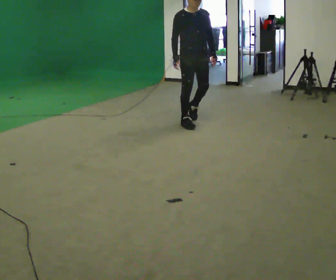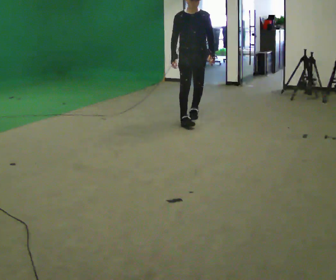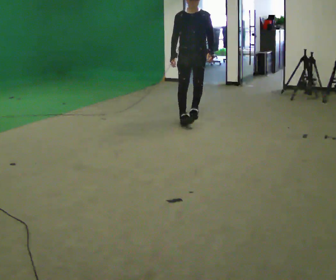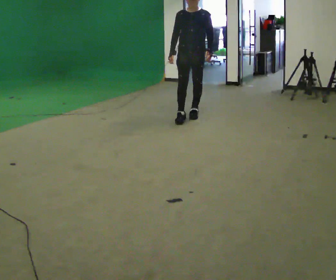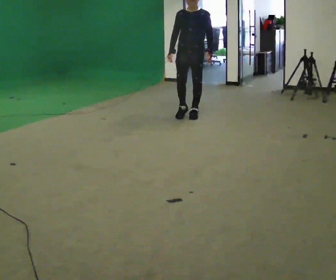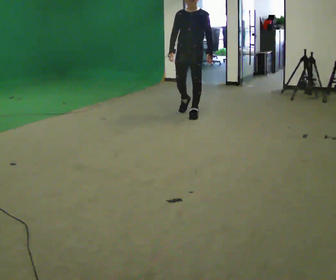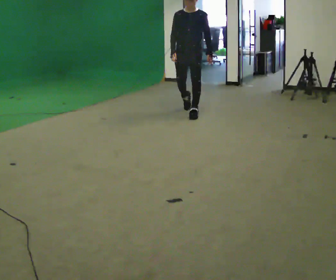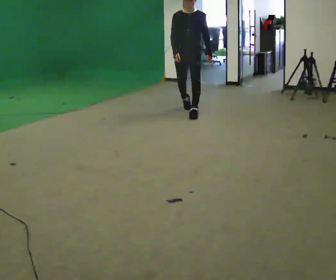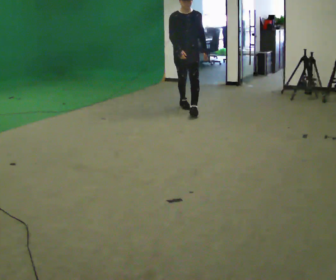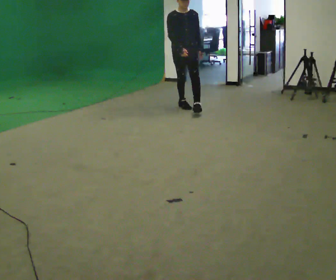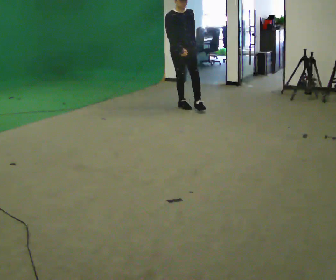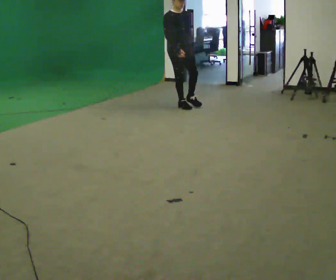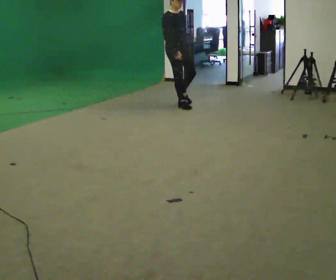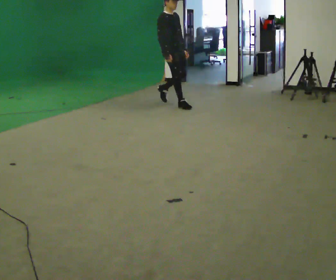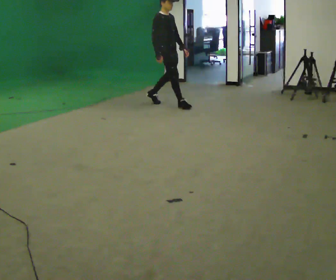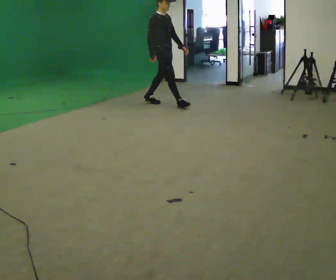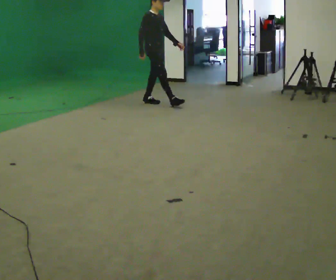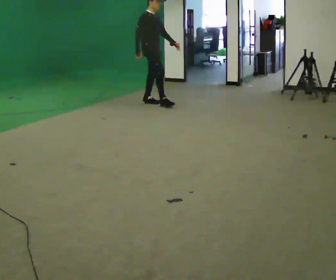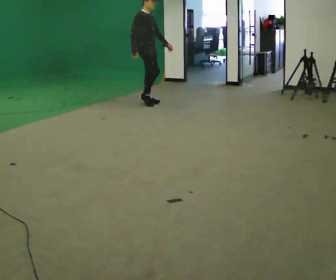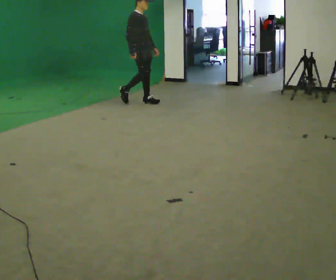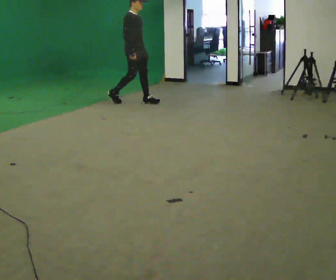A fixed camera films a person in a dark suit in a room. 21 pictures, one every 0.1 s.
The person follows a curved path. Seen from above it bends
counterclockwise.
0.0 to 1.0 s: In the picture they go away from the camera, about 1 m in 2 steps, which for them is backward and to their right.
1.0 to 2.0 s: The person turns about 45 degrees to their left, counterclockwise seen from above, so the part of the body nearest the lens slides to the right. In the picture they go to the left and away from the camera, about 1 m in 1 step, which for them is backward.
The film runs backward here.
